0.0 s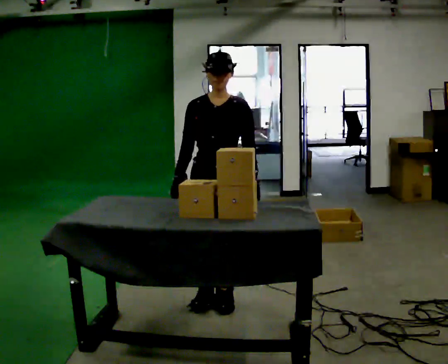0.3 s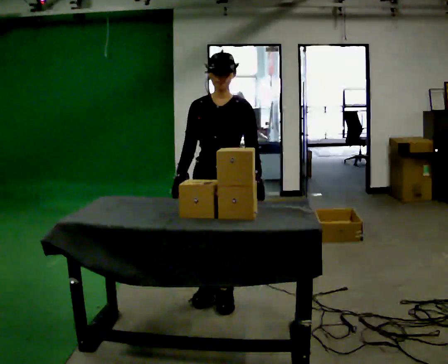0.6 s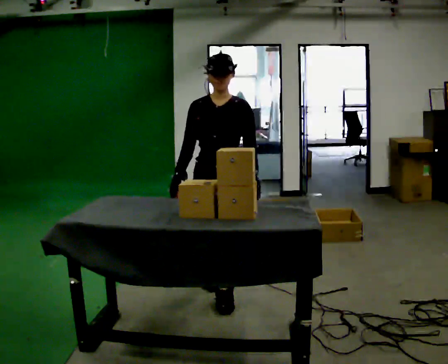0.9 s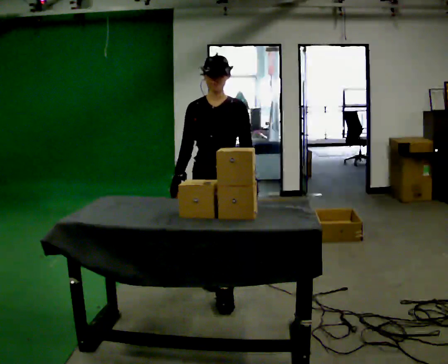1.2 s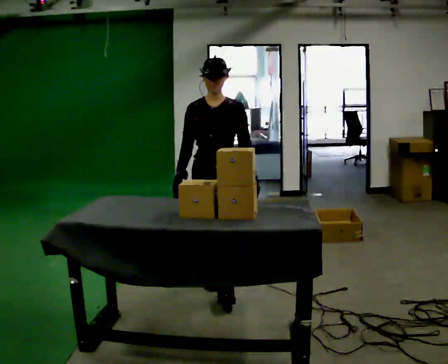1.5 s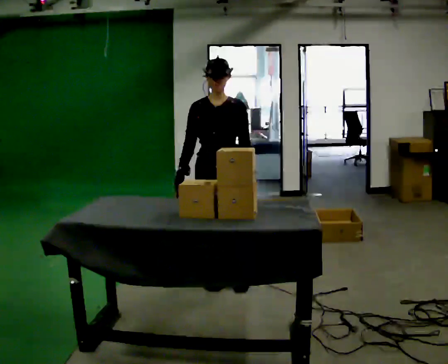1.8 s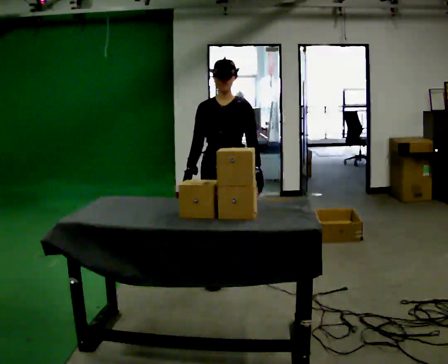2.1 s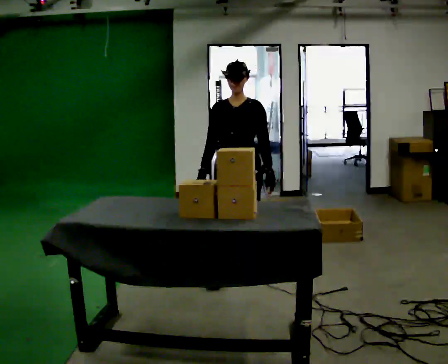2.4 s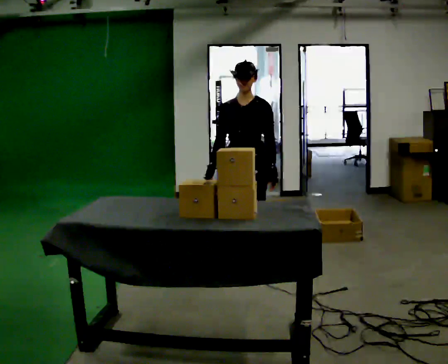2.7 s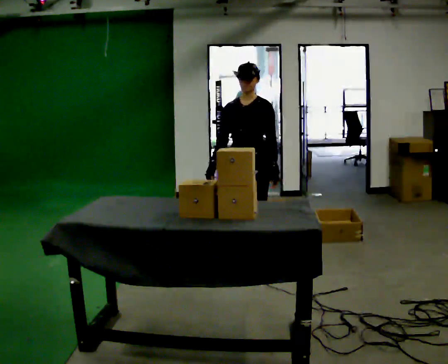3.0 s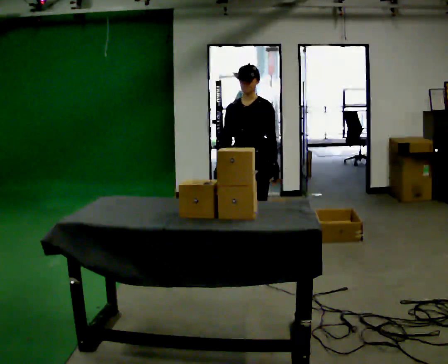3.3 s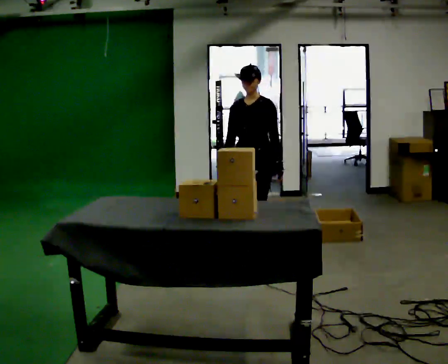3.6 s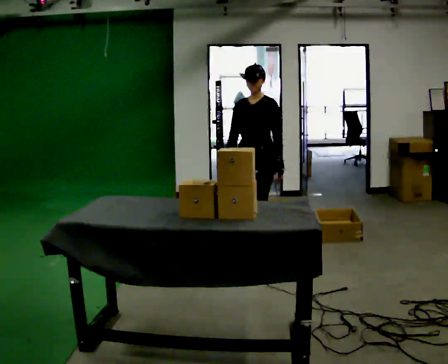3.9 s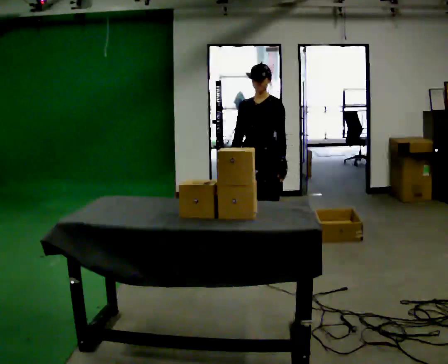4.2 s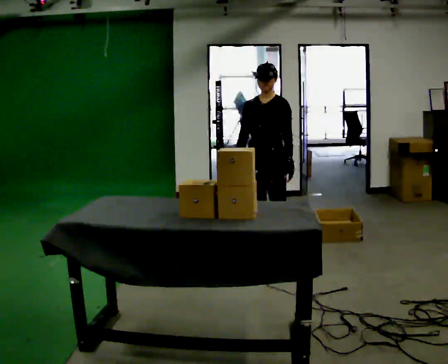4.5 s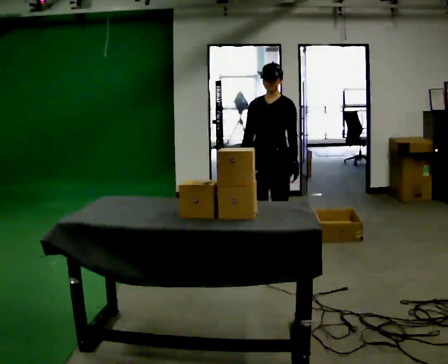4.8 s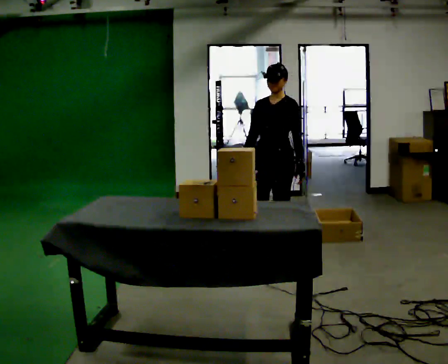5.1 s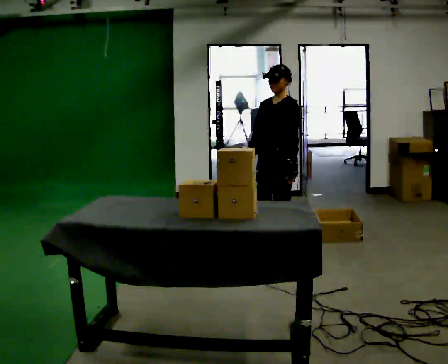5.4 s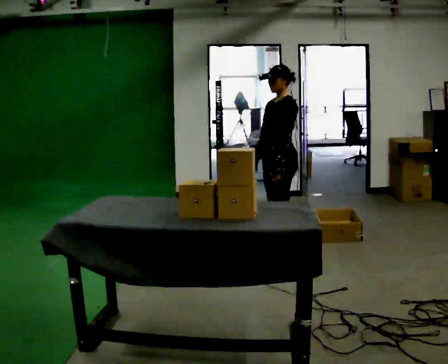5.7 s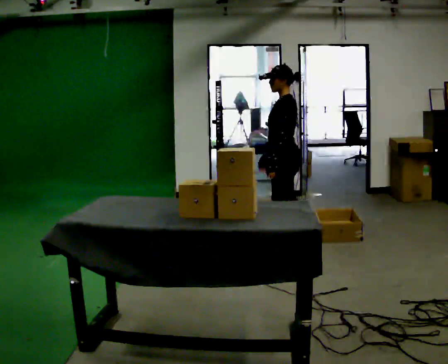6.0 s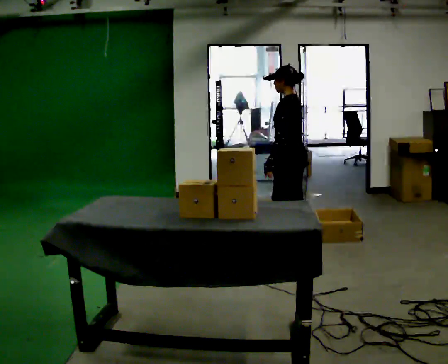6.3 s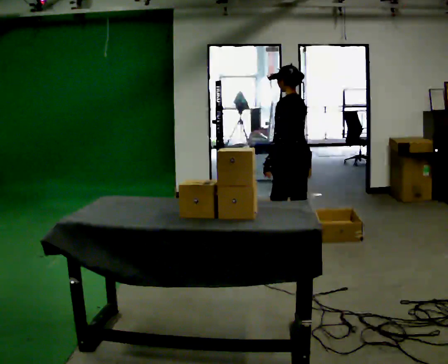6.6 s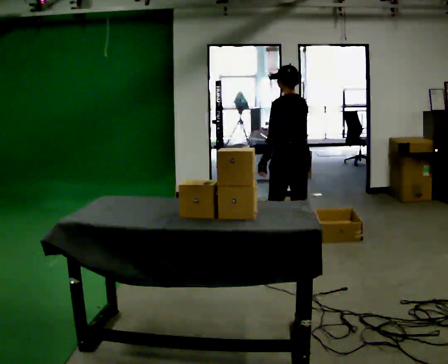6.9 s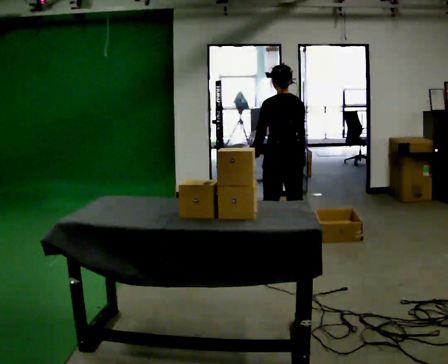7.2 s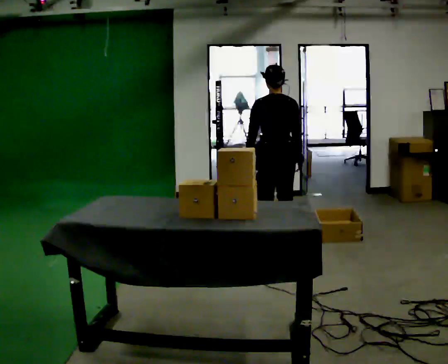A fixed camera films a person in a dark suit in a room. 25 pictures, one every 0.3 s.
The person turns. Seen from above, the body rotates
clockwise.
The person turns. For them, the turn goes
to their right.
0.0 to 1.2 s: In the picture they go away from the camera, about 0.25 m in 1 step, which for them is backward.
1.2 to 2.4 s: In the picture they go away from the camera and to the right, about 0.5 m in 2 steps, which for them is backward.
2.4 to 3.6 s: In the picture they go away from the camera, about 0.5 m in 1 step, which for them is backward.
3.6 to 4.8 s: The person moves a little, or ends about where they began.
4.8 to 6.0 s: The person turns about 75 degrees to their right, clockwise seen from above, so the part of the body nearest the lens slides to the left. In the picture they go away from the camera and to the right, about 0.25 m in 1 step. In the picture their right hand goes to the right.
6.0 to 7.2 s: Seen from above the body turns clockwise, about 75 degrees: to their right, with its near side sliding to the left.
The film runs backward here.
